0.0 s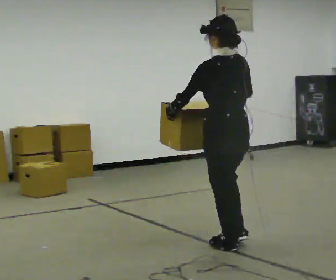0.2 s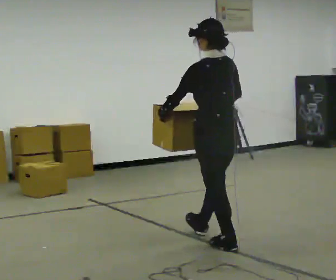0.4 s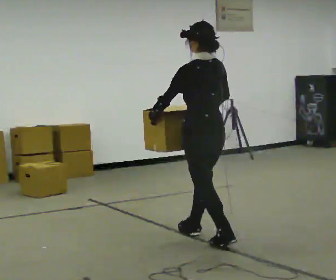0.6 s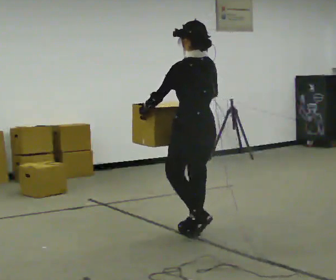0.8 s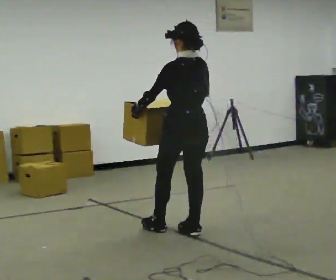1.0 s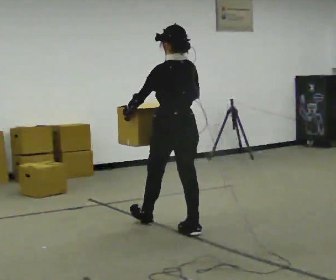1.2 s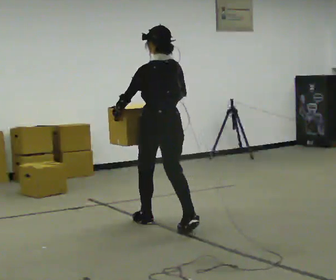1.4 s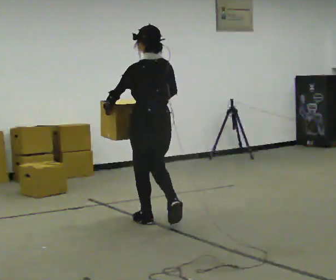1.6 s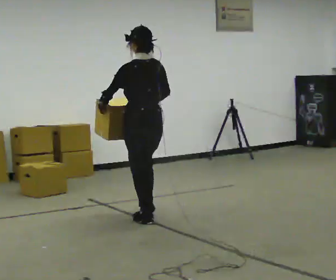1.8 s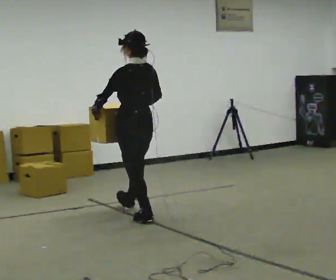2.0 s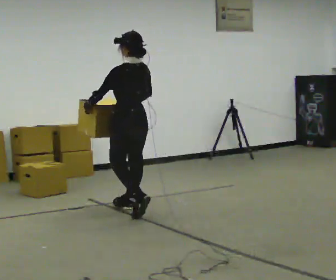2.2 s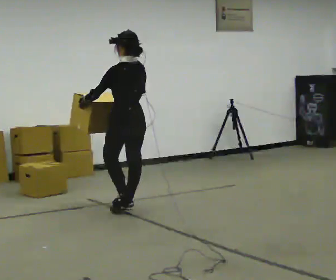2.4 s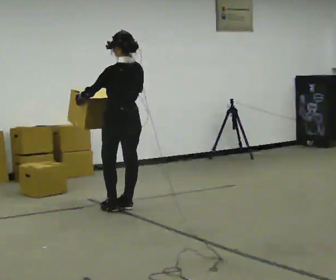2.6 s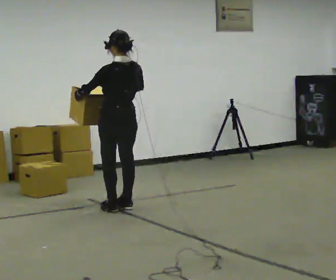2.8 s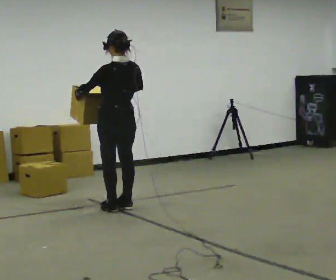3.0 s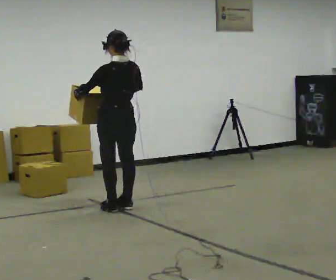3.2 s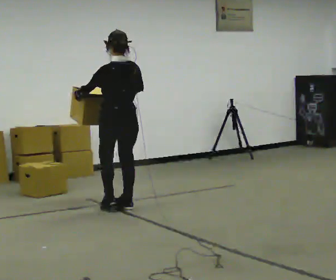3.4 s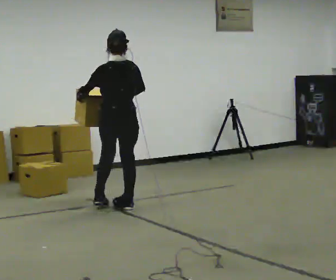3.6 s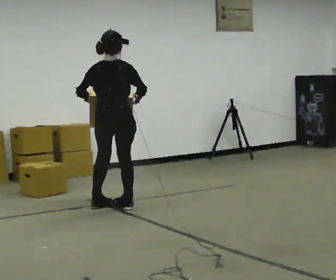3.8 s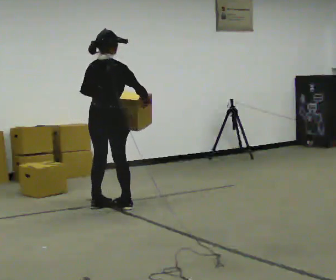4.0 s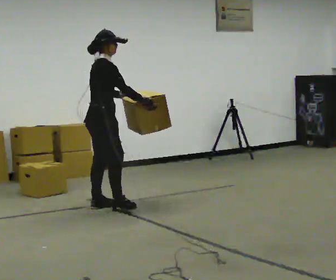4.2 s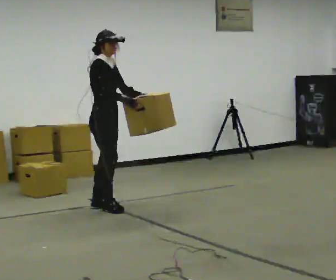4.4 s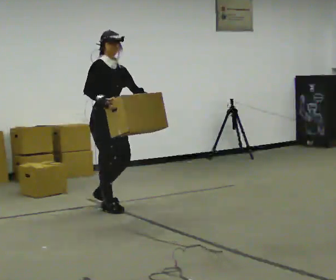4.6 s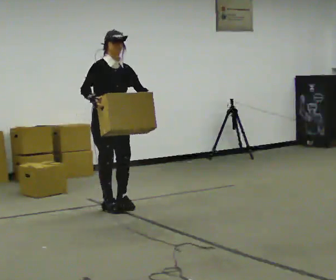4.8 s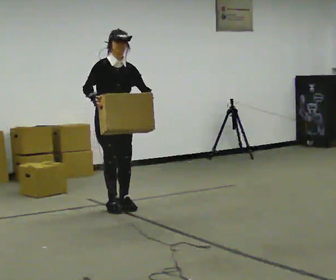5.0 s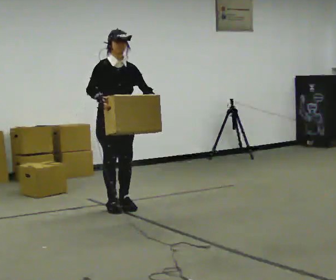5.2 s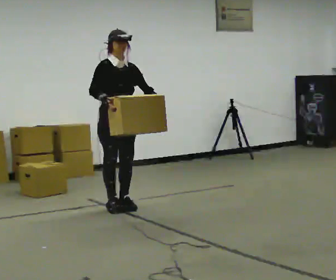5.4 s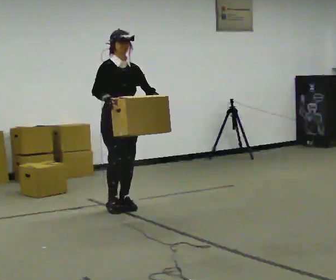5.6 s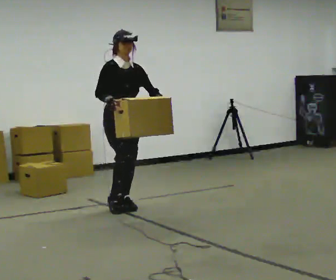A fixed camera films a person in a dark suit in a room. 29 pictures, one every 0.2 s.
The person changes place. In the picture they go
away from the camera.
0.0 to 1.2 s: In the picture they go away from the camera and to the left, about 1 m in 2 steps, which for them is forward.
1.2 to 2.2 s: In the picture they go away from the camera, about 0.75 m in 1 step, which for them is forward.
2.2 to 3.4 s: The person turns about 30 degrees to their right, clockwise seen from above, so the part of the body nearest the lens slides to the left.
3.4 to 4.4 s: Seen from above the body turns clockwise, about 150 degrees: to their right, with its near side sliding to the left. In the picture their right hand goes to the left.
4.4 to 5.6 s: The person moves a little, or ends about where they began.
The film runs forward here.
